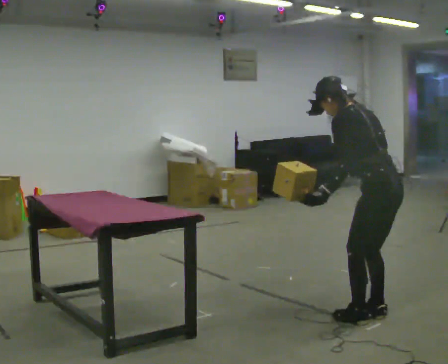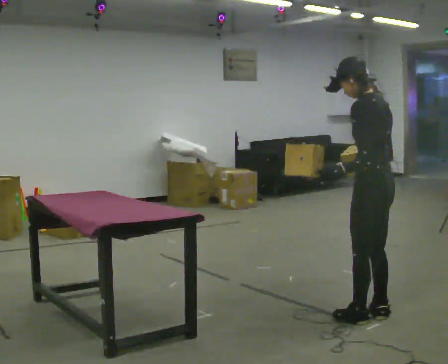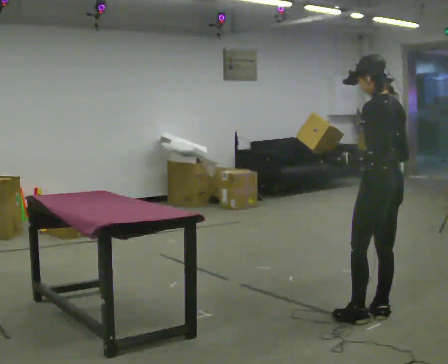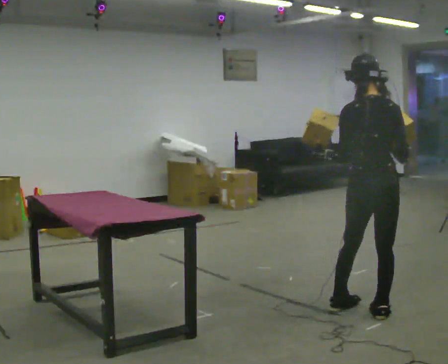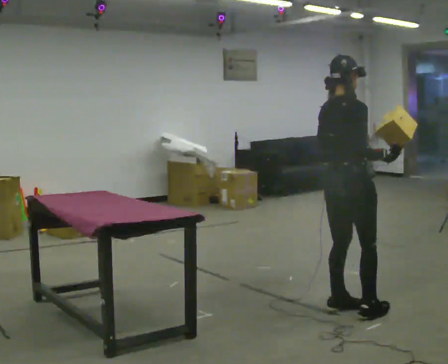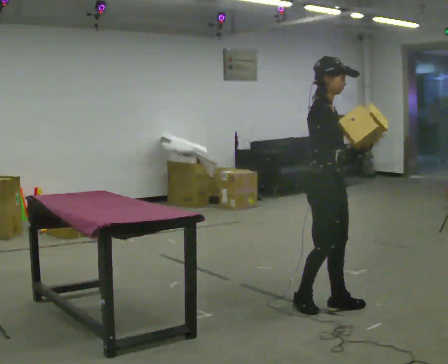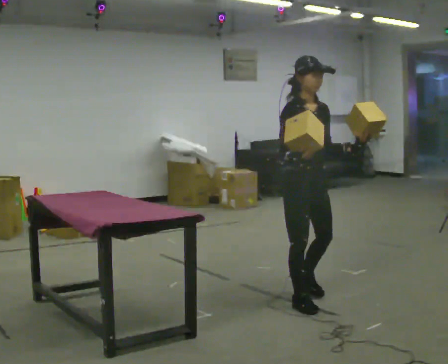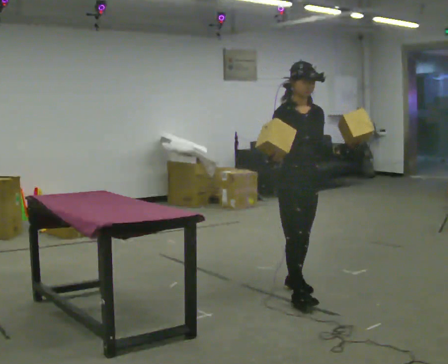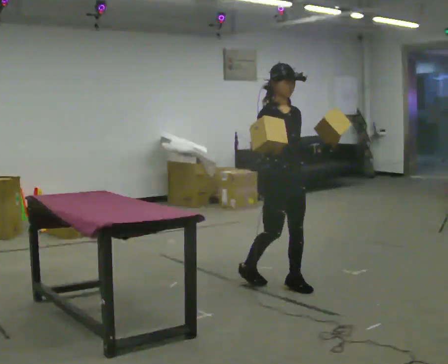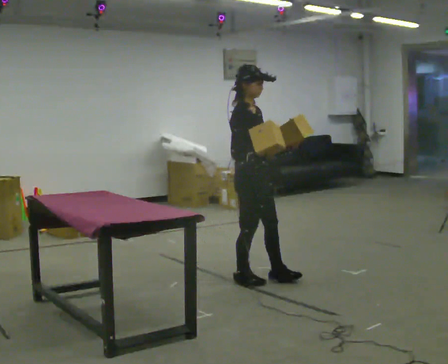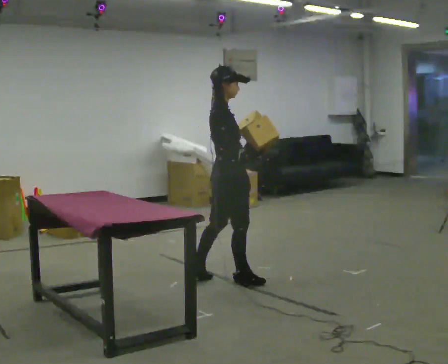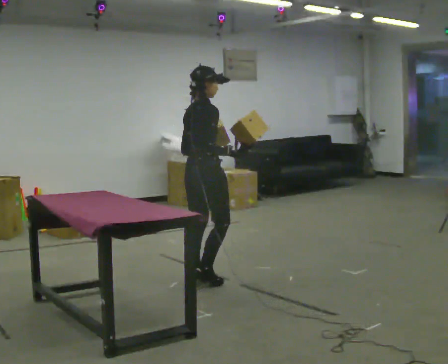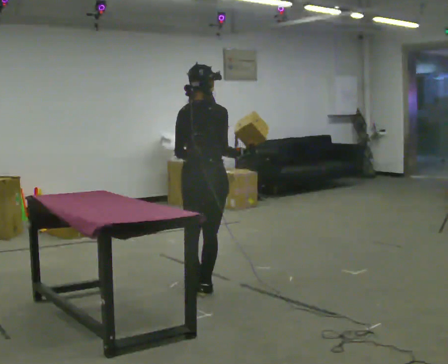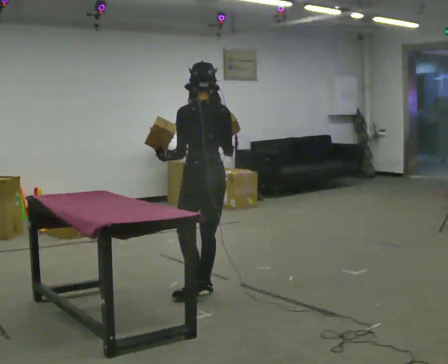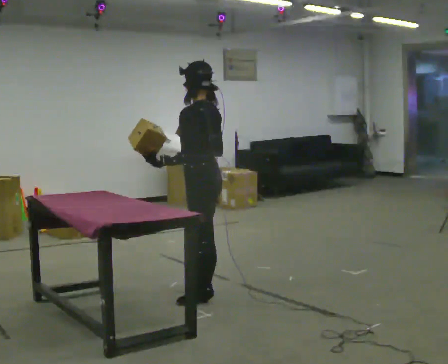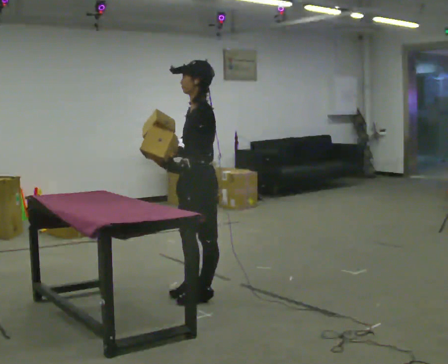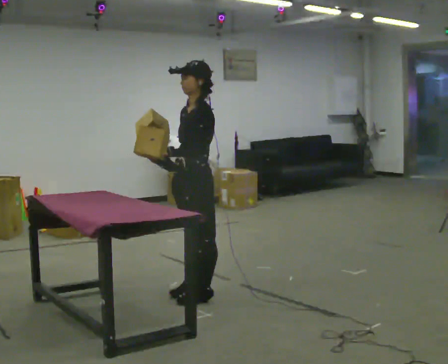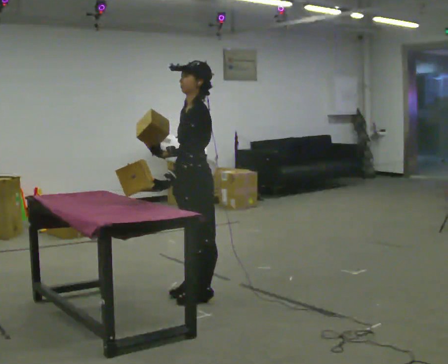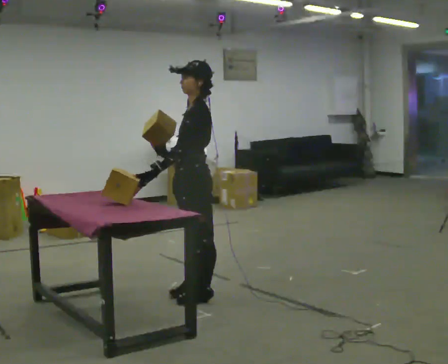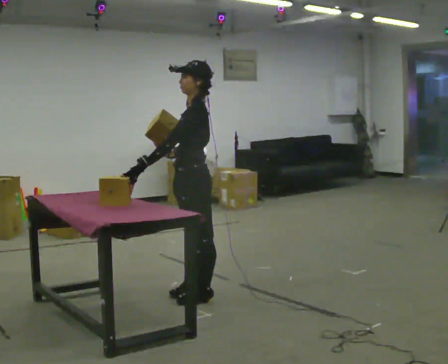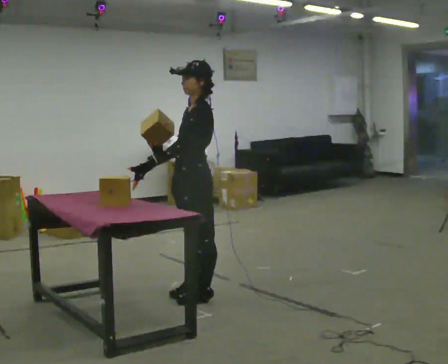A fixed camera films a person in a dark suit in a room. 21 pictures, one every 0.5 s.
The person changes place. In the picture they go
to the left.
The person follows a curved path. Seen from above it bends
counterclockwise.
0.0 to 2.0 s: The person turns about 105 degrees to their right, clockwise seen from above, so the part of the body nearest the lens slides to the left. In the picture they go away from the camera and to the left, about 0.25 m in 2 steps. The upper body tips toward the camera, its near side rolling downward, as they lean back or straighten.
2.0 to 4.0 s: Seen from above the body turns clockwise, about 90 degrees: to their right, with its near side sliding to the left. In the picture they go away from the camera and to the left, about 0.75 m in 2 steps.
4.0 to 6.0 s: The person turns about 120 degrees to their left, counterclockwise seen from above, so the part of the body nearest the lens slides to the right. In the picture they go to the left, about 0.5 m in 2 steps.
6.0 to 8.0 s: The person turns about 135 degrees to their left, counterclockwise seen from above, so the part of the body nearest the lens slides to the right. In the picture they go toward the camera, about 0.25 m in 1 step. In the picture their right hand goes to the left.
8.0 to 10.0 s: The person moves a little, or ends about where they began.
The film runs backward here.
